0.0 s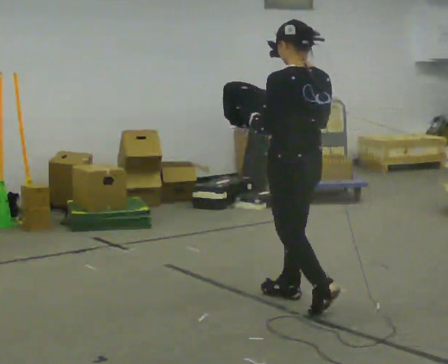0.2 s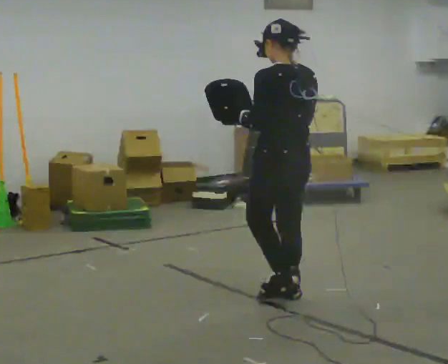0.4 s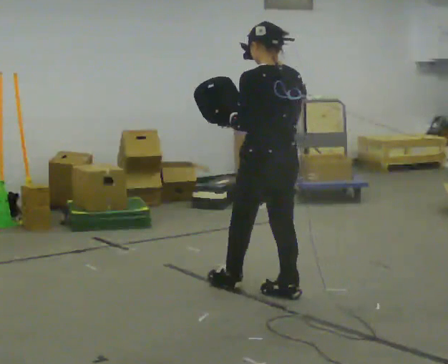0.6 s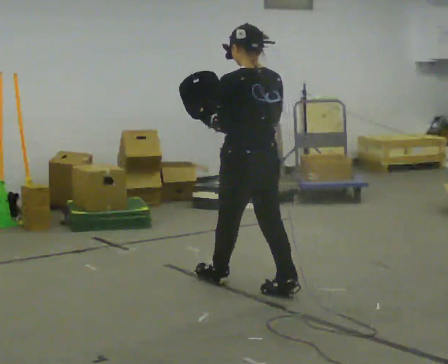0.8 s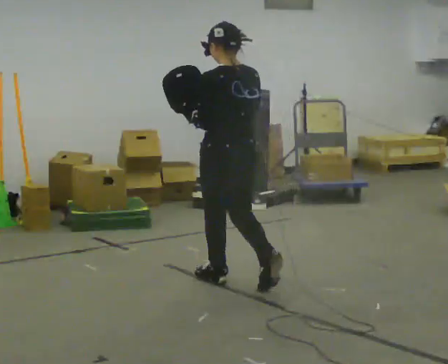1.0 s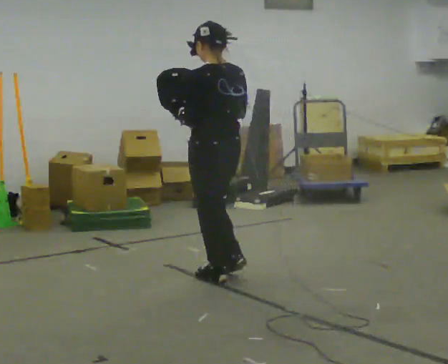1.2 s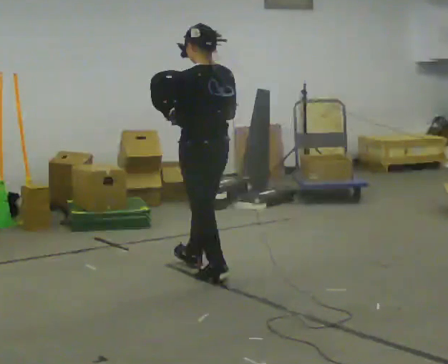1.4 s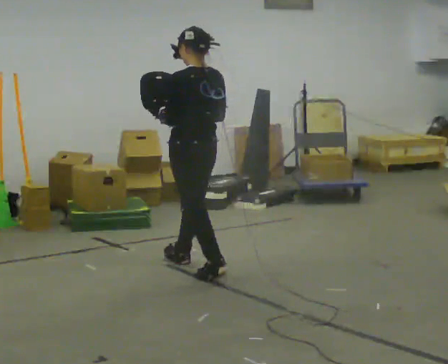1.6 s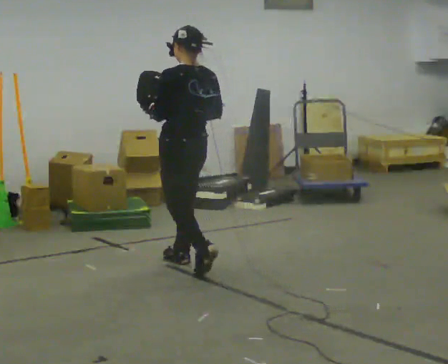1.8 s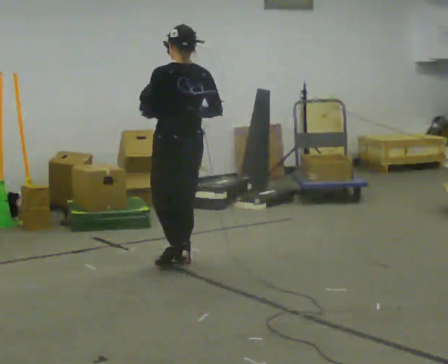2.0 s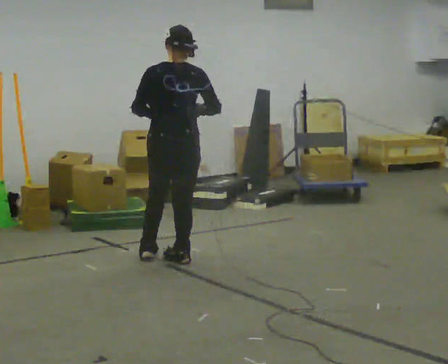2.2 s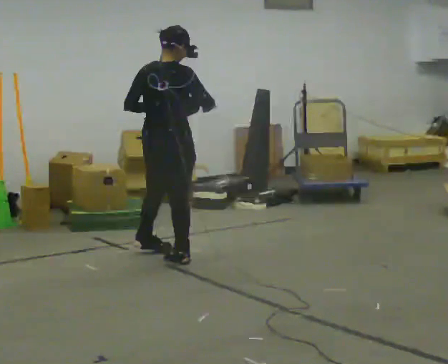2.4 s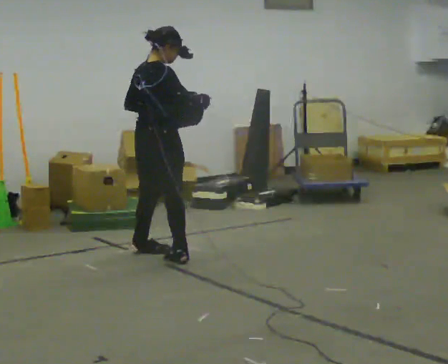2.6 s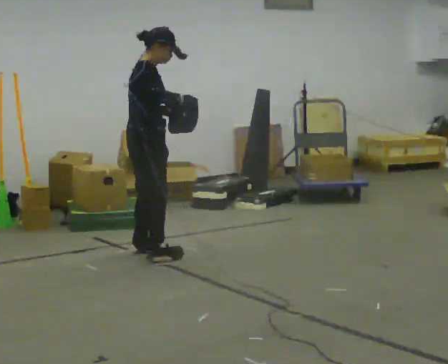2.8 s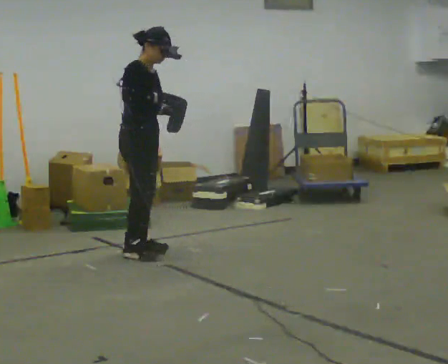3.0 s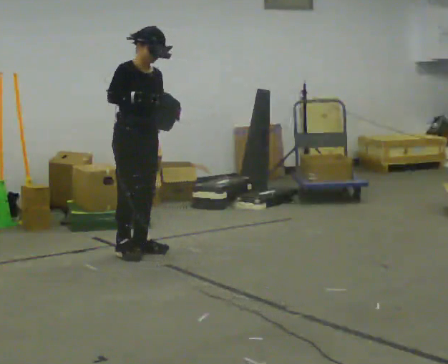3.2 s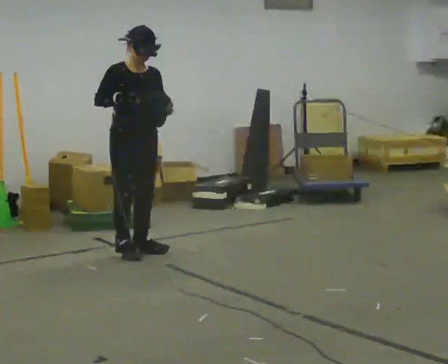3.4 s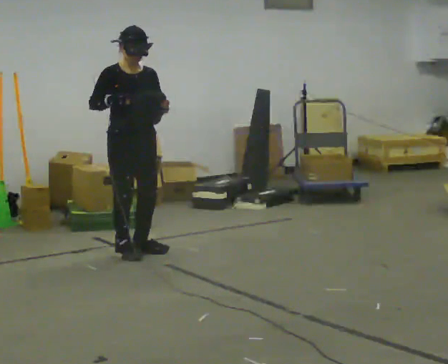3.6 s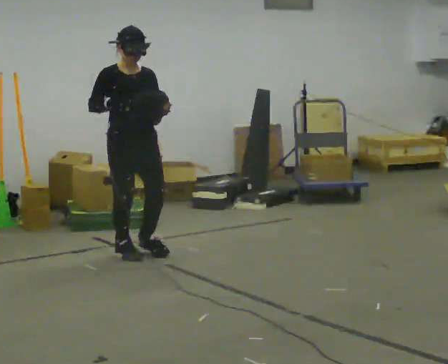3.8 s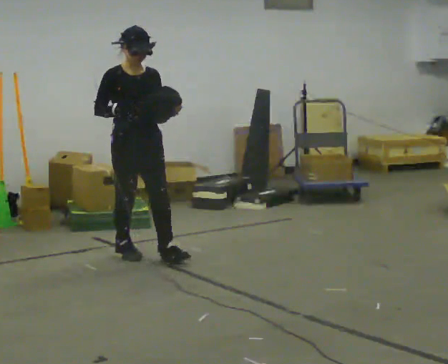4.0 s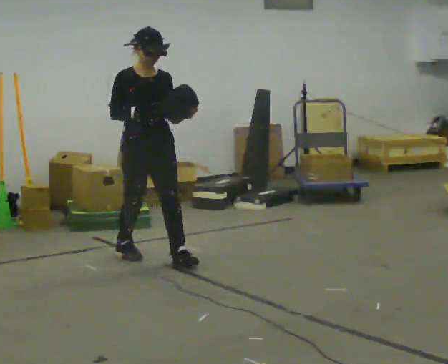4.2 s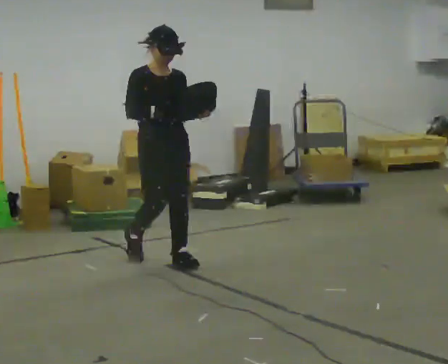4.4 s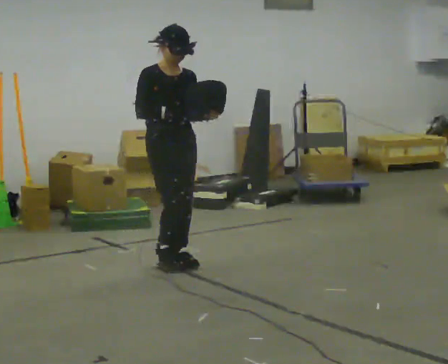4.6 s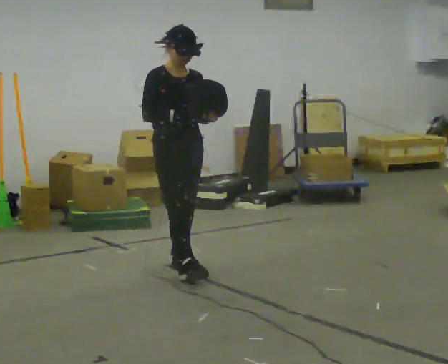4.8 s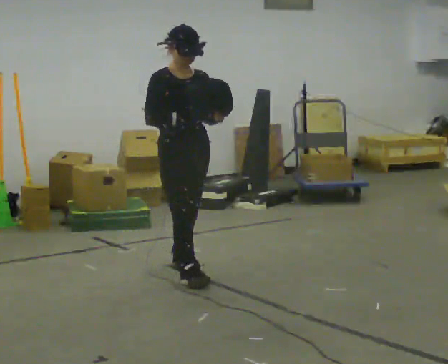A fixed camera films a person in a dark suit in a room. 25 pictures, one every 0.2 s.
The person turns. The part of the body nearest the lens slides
to the left.
The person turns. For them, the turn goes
to their right.
0.0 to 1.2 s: In the picture they go away from the camera and to the left, about 0.5 m in 1 step, which for them is forward.
1.2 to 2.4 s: The part of the body nearest the lens slides to the left as the person turns to their right by about 105 degrees. In the picture they go away from the camera and to the left, about 0.5 m in 2 steps.
2.4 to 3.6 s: The part of the body nearest the lens slides to the left as the person turns to their right by about 90 degrees. In the picture their right hand goes to the left.
3.6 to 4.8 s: In the picture they go toward the camera and to the right, about 0.5 m in 2 steps, which for them is forward.
The film runs forward here.
